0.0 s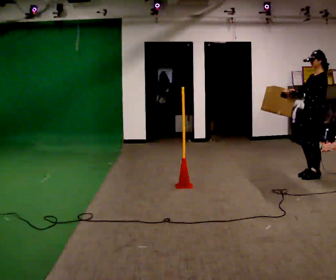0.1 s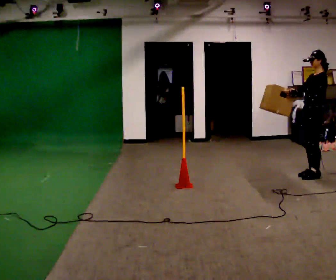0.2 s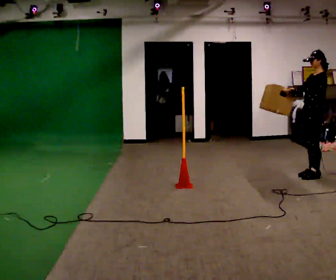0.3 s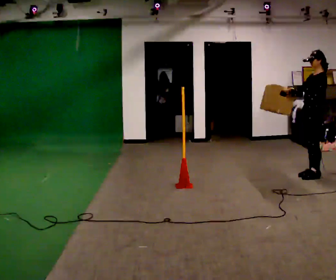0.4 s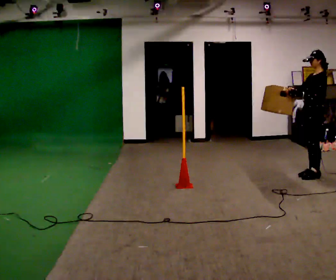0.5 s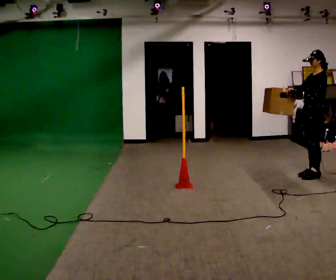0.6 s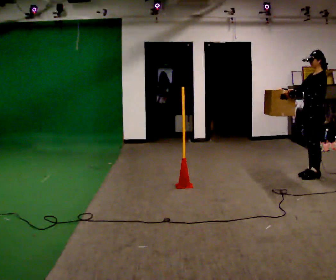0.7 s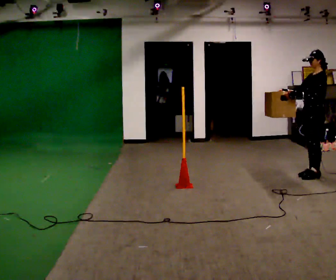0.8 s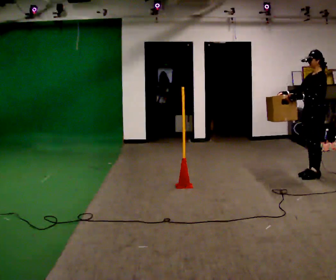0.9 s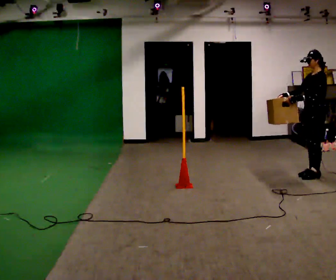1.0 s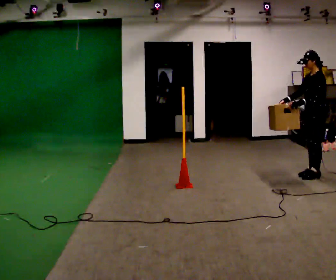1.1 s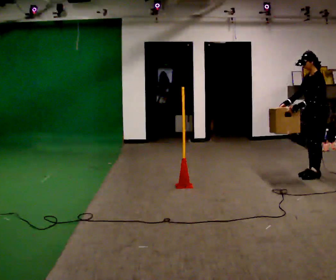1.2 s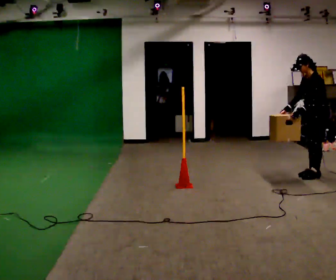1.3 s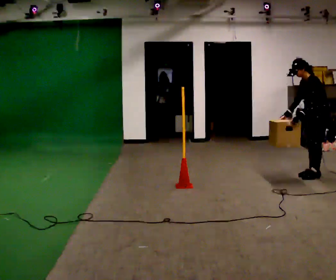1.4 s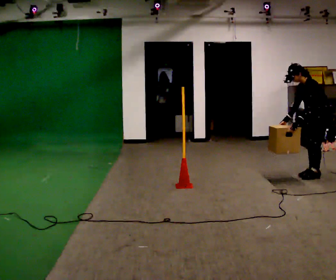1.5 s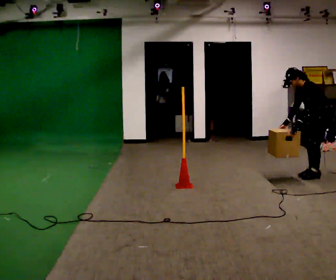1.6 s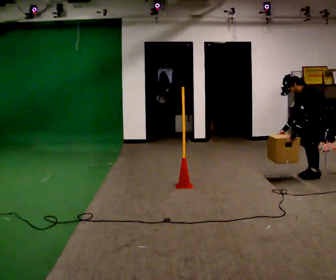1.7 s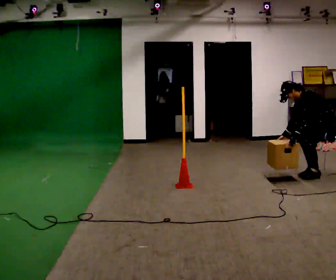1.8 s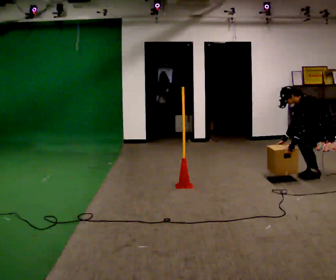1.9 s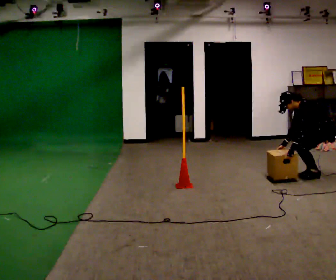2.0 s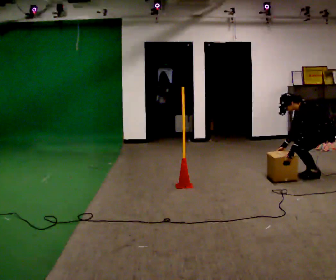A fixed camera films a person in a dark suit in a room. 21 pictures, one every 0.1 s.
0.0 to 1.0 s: The person moves a little, or ends about where they began.
1.0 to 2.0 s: The upper body goes downward. In the picture the upper body tilts counterclockwise, shoulders to the left, as they bend forward. In the picture their right hand goes downward.
The film runs backward here.
